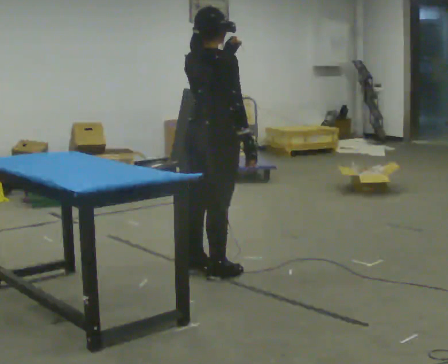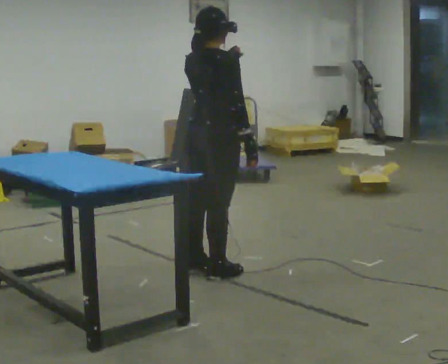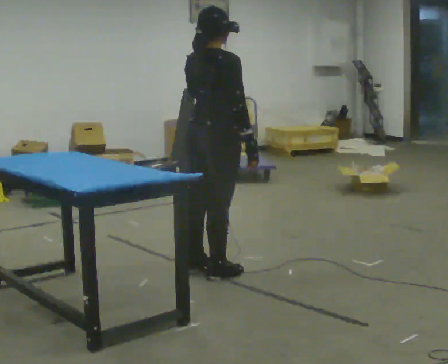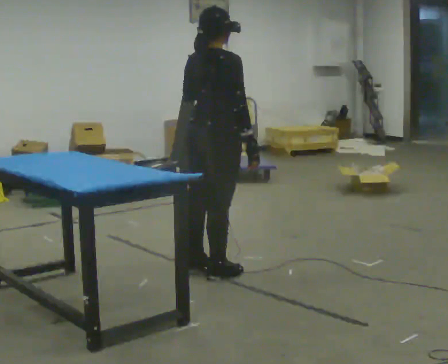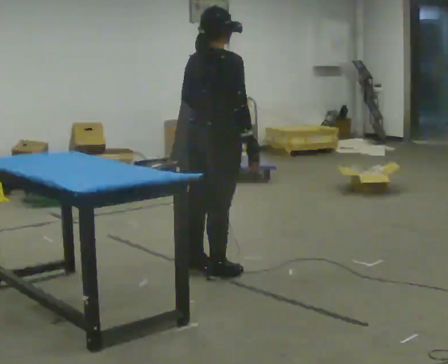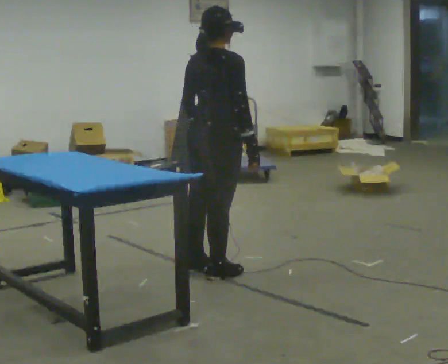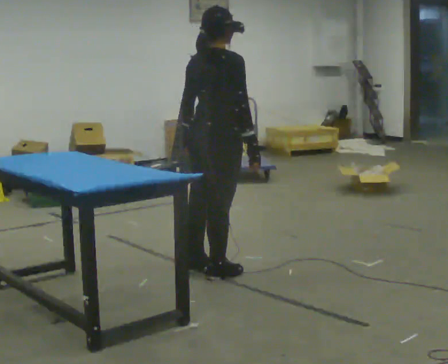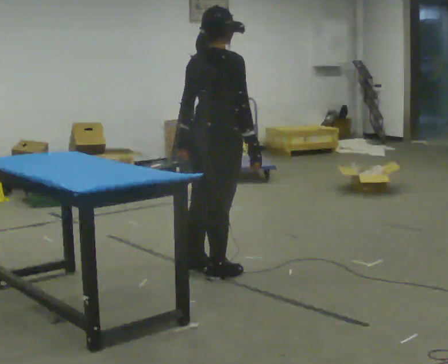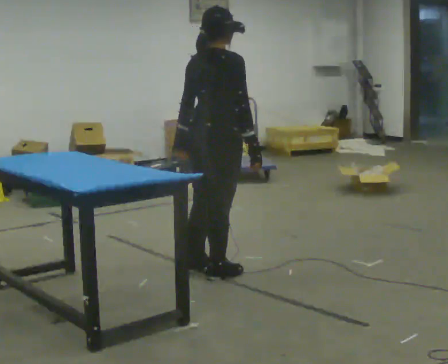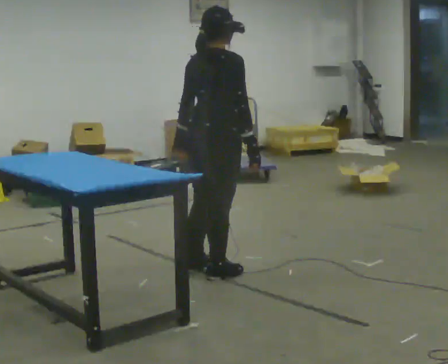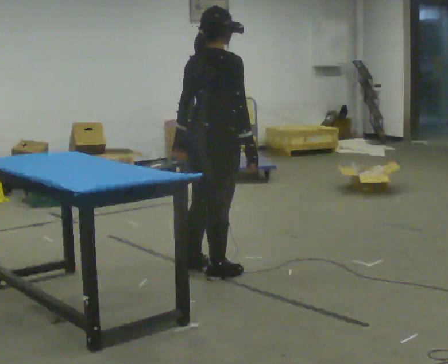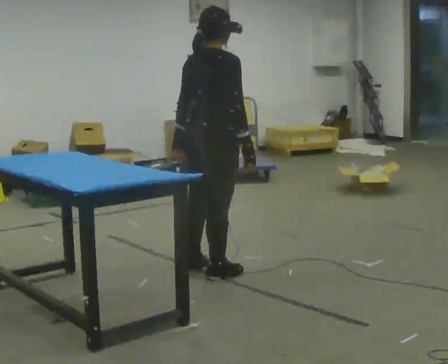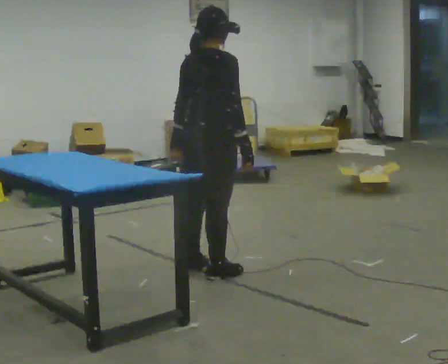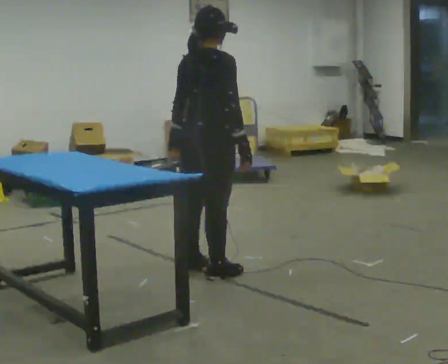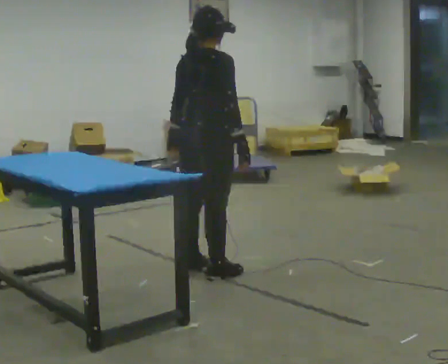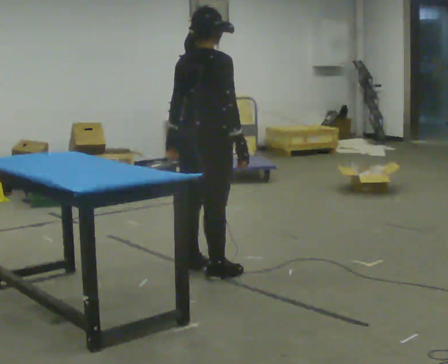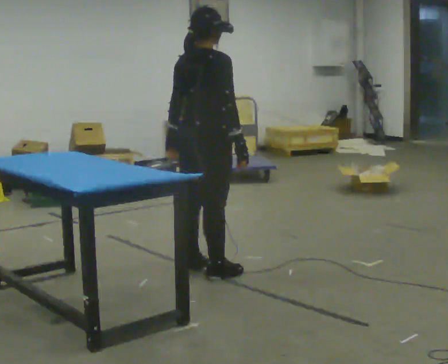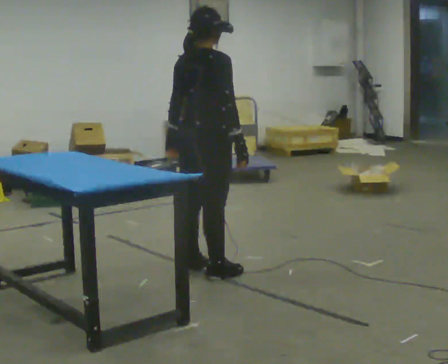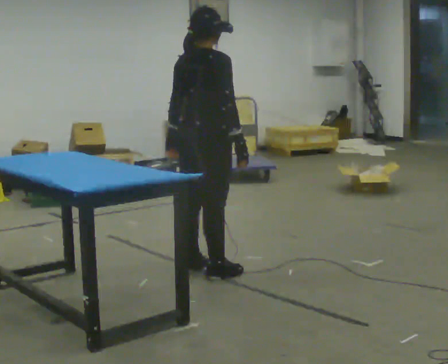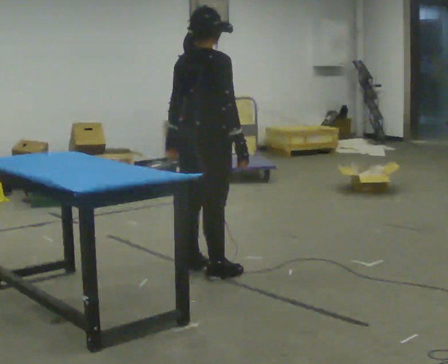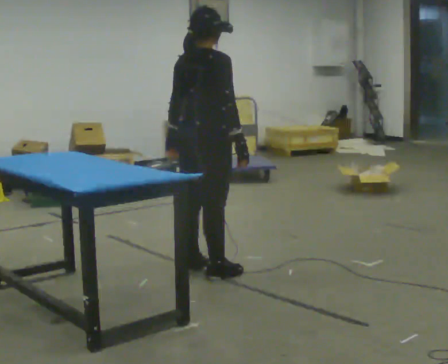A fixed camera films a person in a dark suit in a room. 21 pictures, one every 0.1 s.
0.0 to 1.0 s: In the picture their left hand goes downward.
1.0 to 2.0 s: The person moves a little, or ends about where they began.
The film runs backward here.
